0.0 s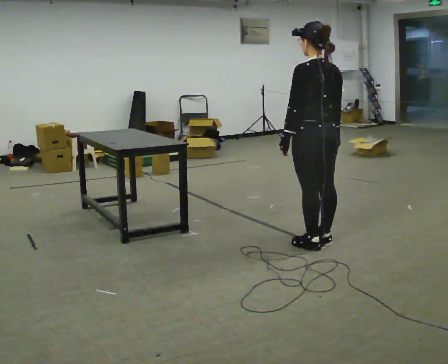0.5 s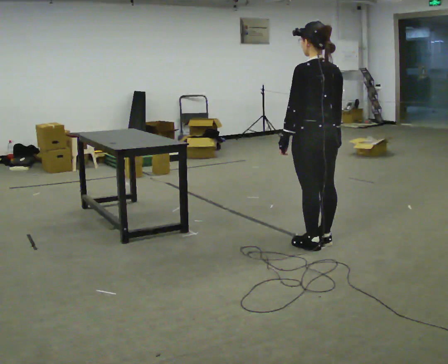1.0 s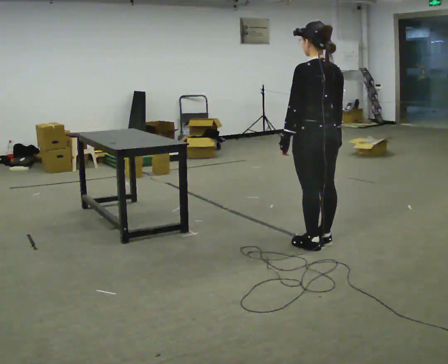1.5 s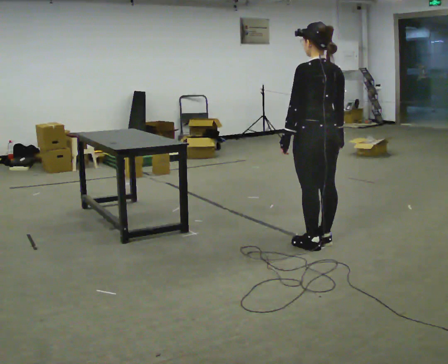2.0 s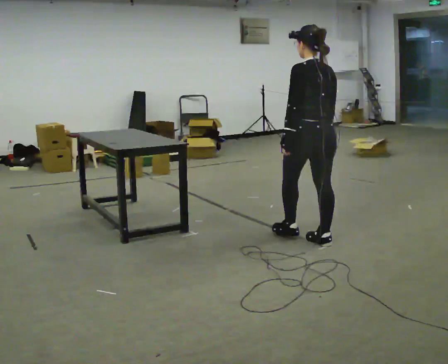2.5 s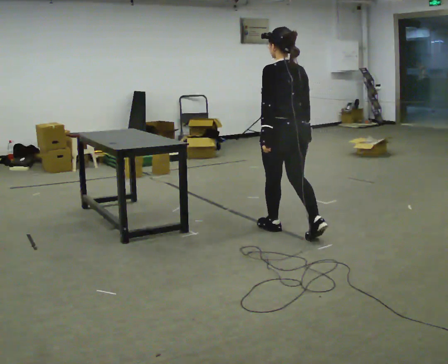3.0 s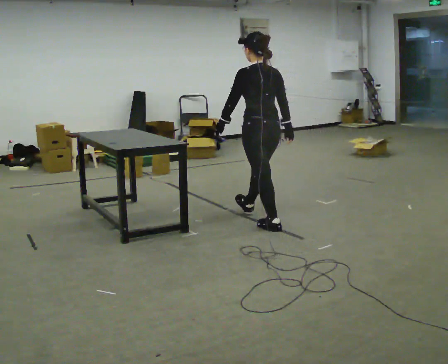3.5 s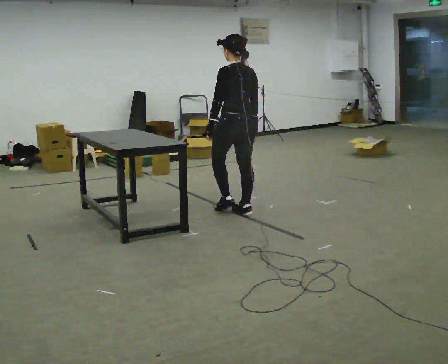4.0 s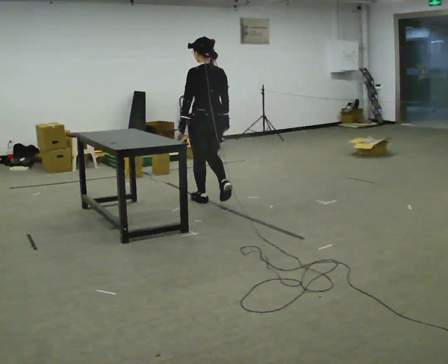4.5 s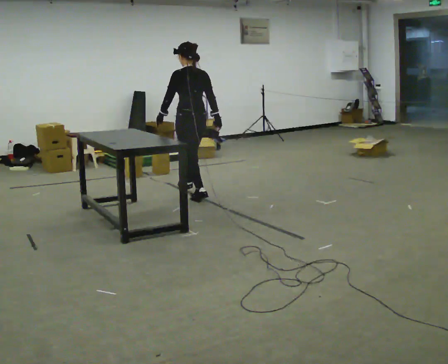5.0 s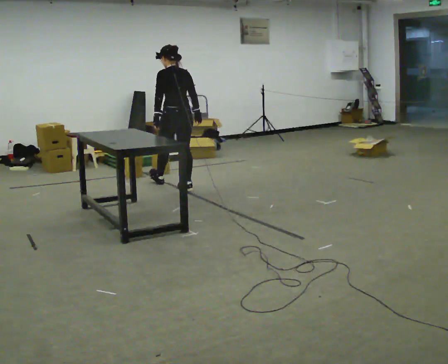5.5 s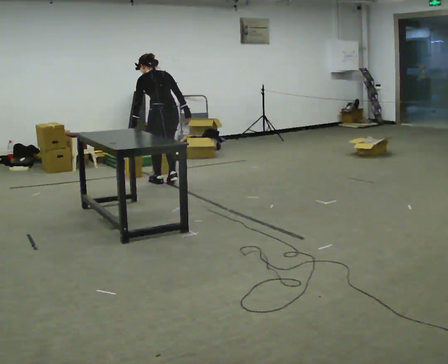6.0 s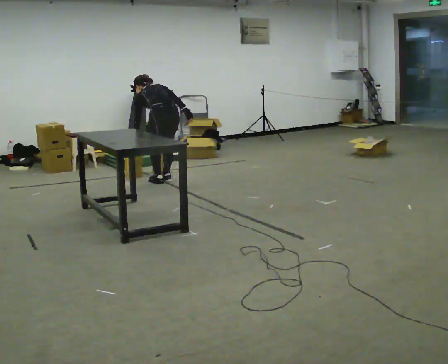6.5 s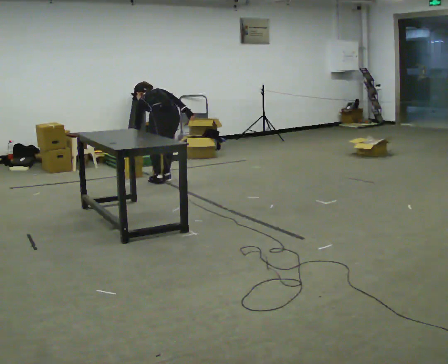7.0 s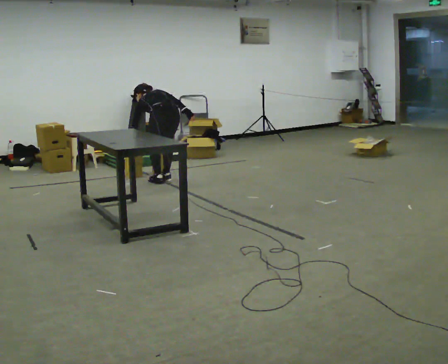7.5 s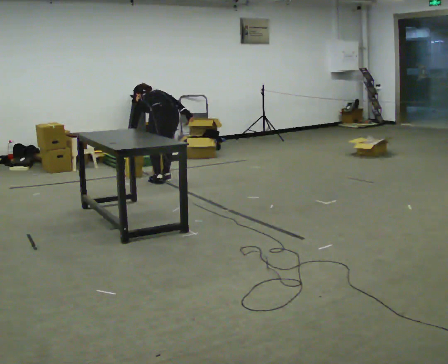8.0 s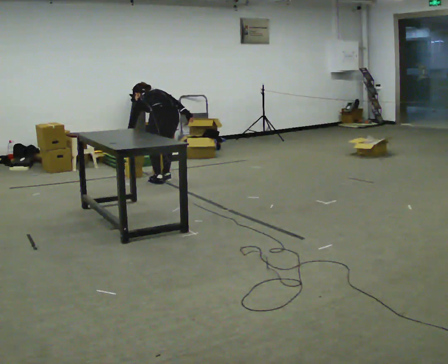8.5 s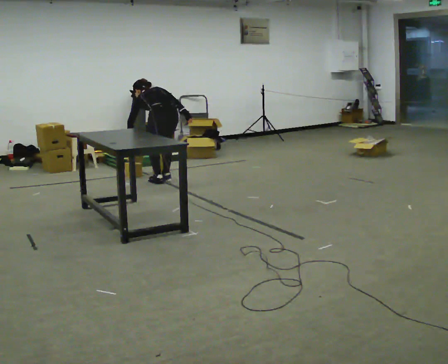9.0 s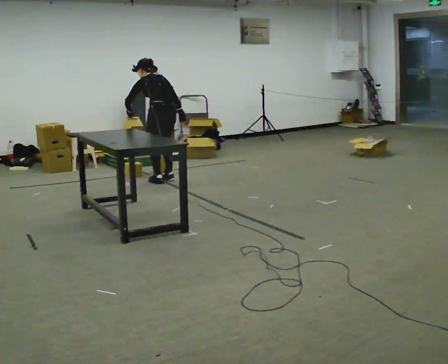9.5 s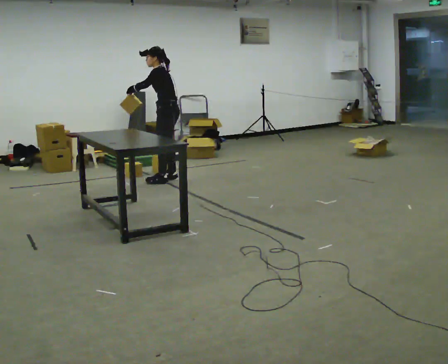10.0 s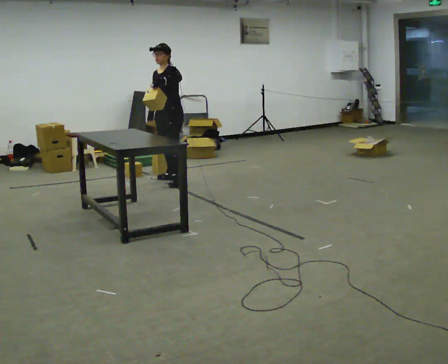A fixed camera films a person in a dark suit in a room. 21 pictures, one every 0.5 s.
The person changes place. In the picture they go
away from the camera.
0.0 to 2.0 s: The person moves a little, or ends about where they began.
2.0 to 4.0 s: In the picture they go away from the camera and to the left, about 1.5 m in 3 steps, which for them is forward.
4.0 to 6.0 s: In the picture they go away from the camera and to the left, about 1 m in 3 steps, which for them is forward. The shoulders move downward. The upper body tips away from the camera, its near side rolling upward, as they bend forward.
6.0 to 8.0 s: The person moves a little, or ends about where they began.
8.0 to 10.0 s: The person turns about 105 degrees to their left, counterclockwise seen from above, so the part of the body nearest the lens slides to the right. The upper body goes upward. The upper body tips toward the camera, its near side rolling downward, as they lean back or straighten. In the picture their right hand goes to the left, the arm swinging clockwise.
The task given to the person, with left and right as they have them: Pick the object up off the floor using only the hand the operator calls, then carry it to the table in that same hand. Keep going until the operator says stop; one object at a time, and do not rush between trips.
The film runs forward here.
